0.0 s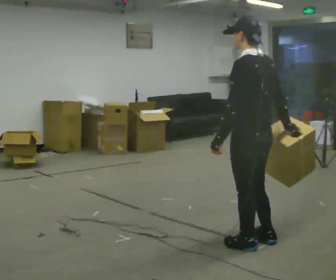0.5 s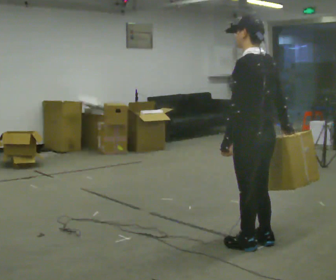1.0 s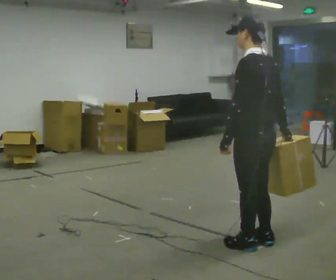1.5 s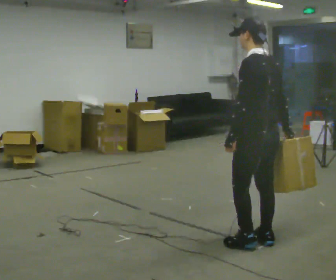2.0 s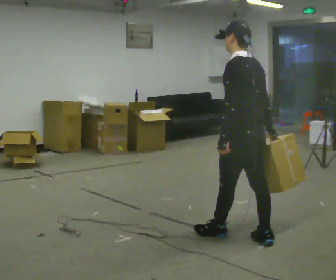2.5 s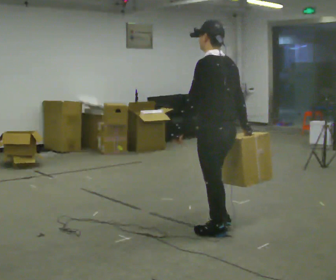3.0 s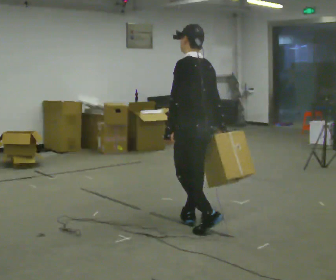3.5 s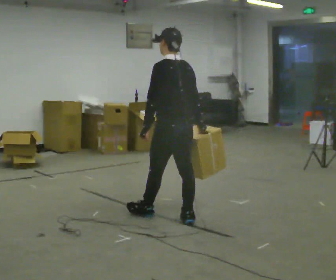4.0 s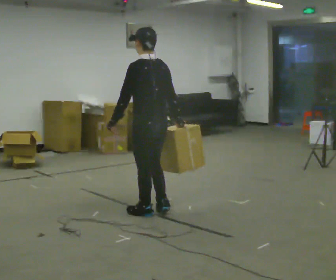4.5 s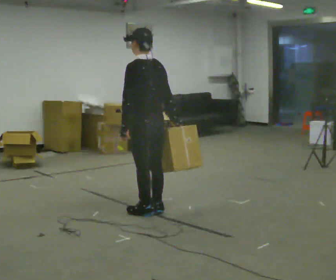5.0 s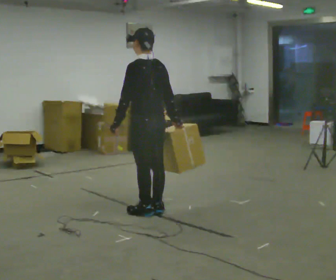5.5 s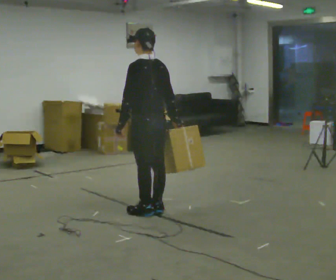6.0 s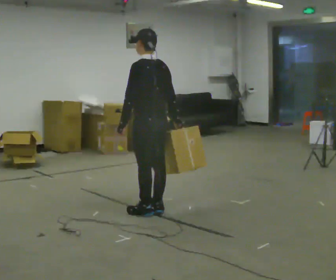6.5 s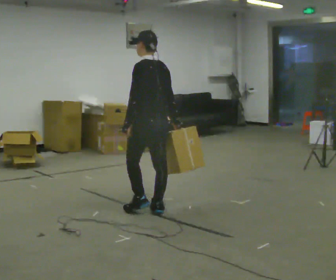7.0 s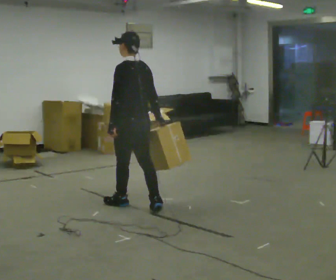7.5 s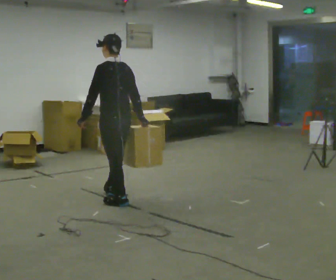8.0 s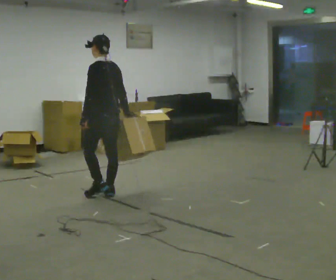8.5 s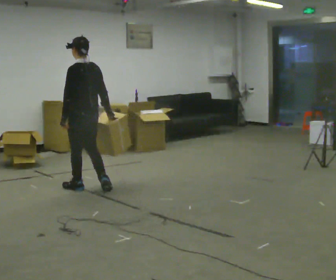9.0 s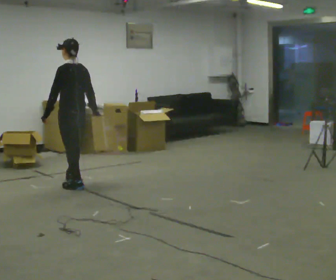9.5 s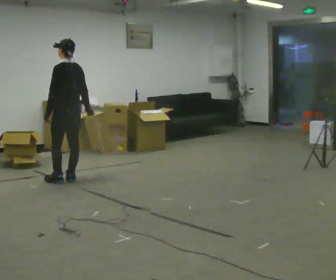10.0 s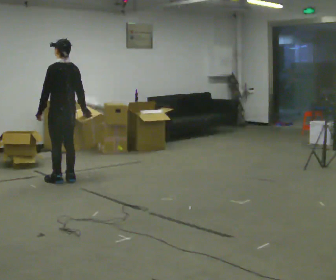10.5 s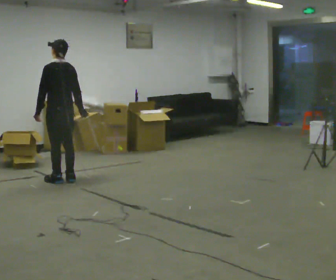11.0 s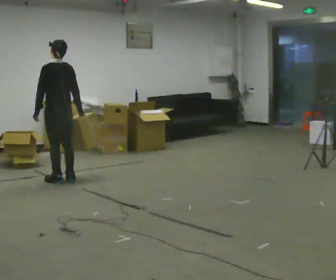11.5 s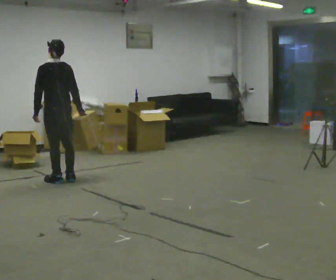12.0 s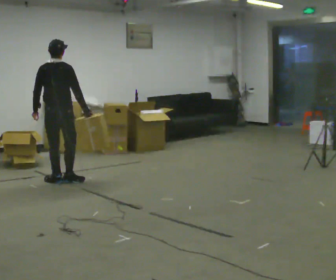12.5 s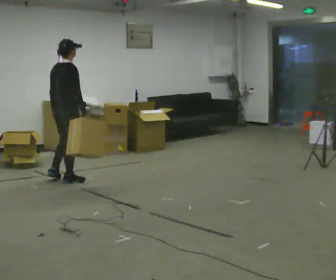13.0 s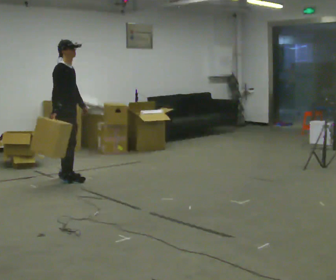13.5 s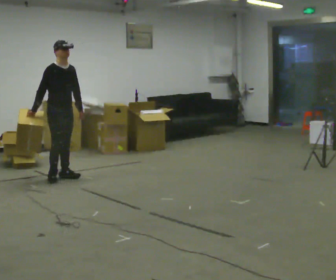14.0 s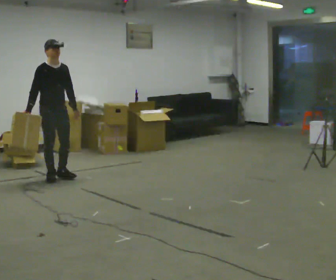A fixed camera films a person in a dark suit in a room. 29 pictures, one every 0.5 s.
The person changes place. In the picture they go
away from the camera.
0.0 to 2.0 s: In the picture they go away from the camera, about 0.25 m in 1 step, which for them is forward and to their right.
2.0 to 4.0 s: In the picture they go away from the camera and to the left, about 1 m in 2 steps, which for them is forward.
4.0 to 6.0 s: The person moves a little, or ends about where they began.
6.0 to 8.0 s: In the picture they go away from the camera and to the left, about 1 m in 2 steps, which for them is forward.
8.0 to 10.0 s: In the picture they go away from the camera and to the left, about 1 m in 3 steps, which for them is forward.
10.0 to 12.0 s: Seen from above the body turns clockwise, about 45 degrees: to their right, with its near side sliding to the left.
12.0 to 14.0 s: Seen from above the body turns clockwise, about 150 degrees: to their right, with its near side sliding to the left. In the picture they go away from the camera, about 0.25 m in 2 steps. In the picture their right hand goes to the left, the arm swinging clockwise.
The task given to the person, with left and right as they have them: Carry the box across the room, stopping and starting again each time the operator says stop and go. Do not set the box down.
The film runs forward here.
